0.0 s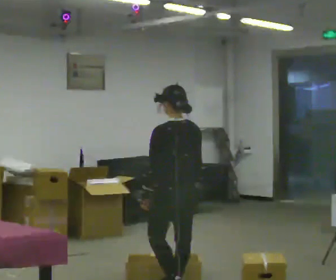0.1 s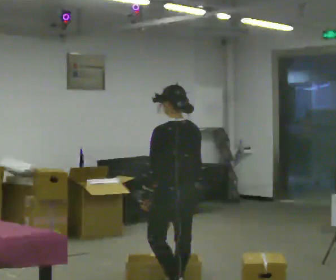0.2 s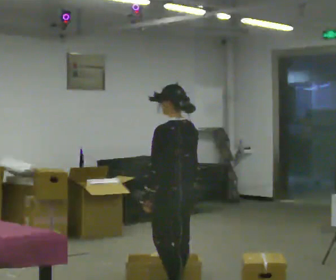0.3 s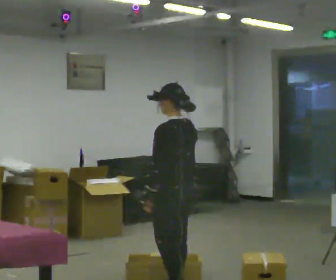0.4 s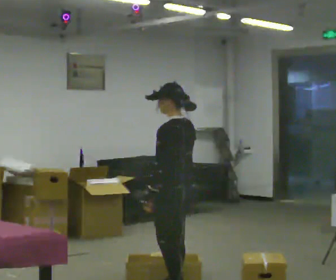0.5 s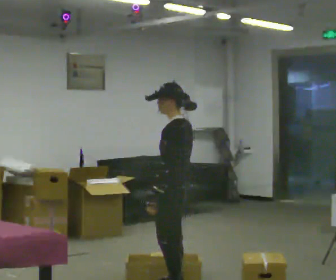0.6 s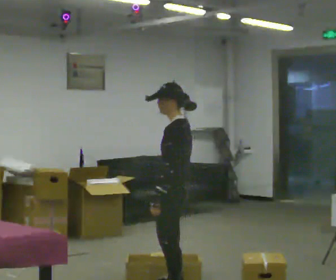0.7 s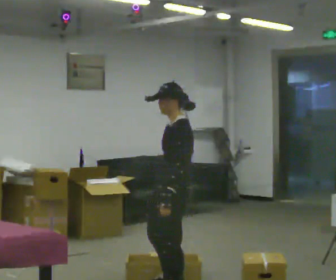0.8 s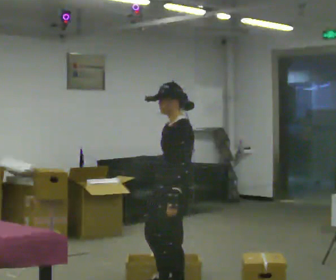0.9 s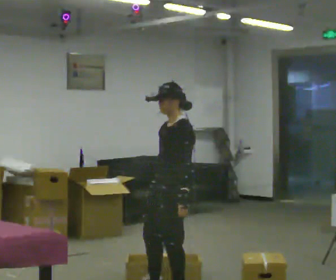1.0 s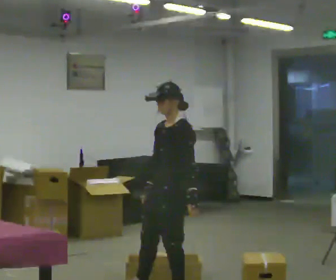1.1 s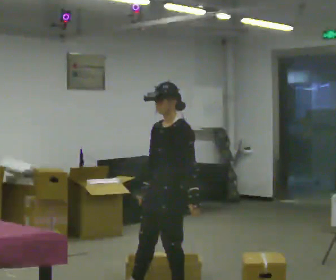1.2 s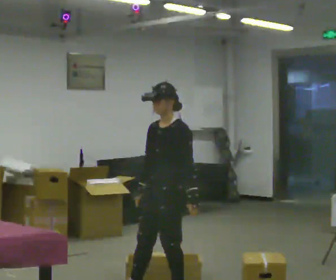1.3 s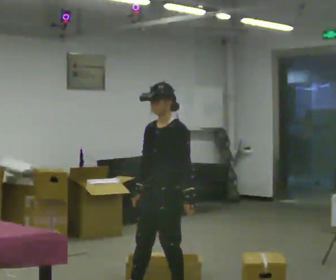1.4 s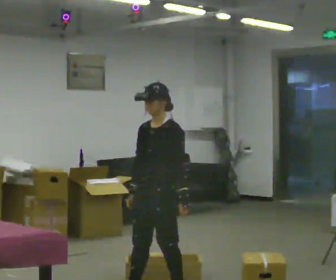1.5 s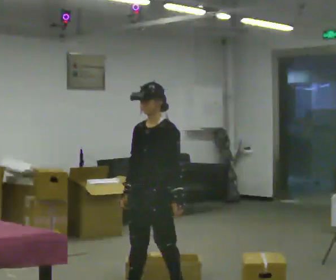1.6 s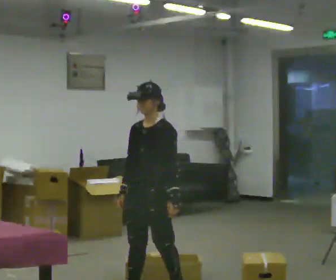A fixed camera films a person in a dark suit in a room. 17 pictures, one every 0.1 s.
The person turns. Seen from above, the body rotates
counterclockwise.
The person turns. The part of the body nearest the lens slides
to the right.
0.0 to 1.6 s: The person turns about 105 degrees to their left, counterclockwise seen from above, so the part of the body nearest the lens slides to the right. In the picture they go to the left and toward the camera, about 0.25 m in 2 steps.
The film runs forward here.
